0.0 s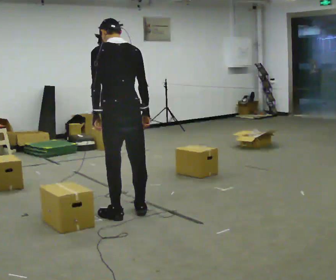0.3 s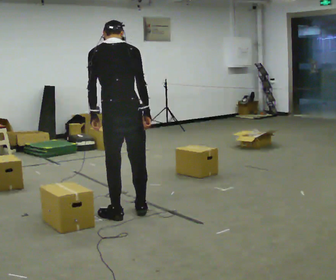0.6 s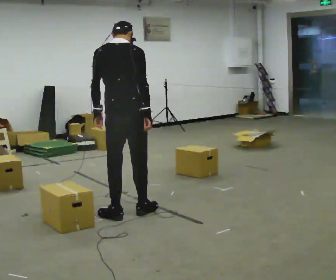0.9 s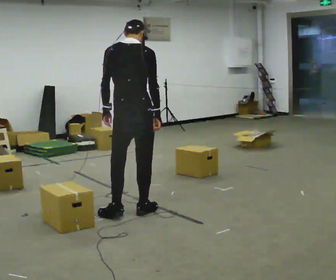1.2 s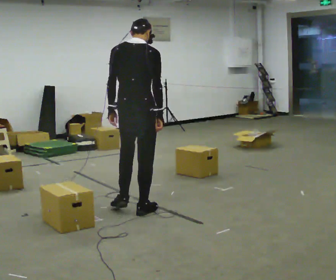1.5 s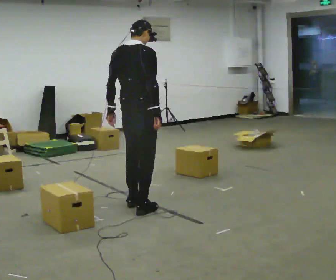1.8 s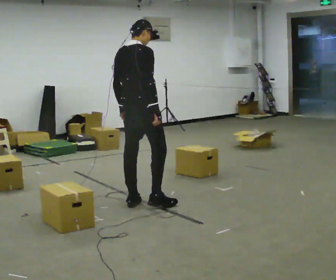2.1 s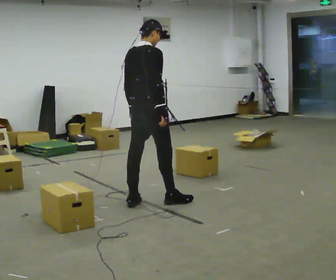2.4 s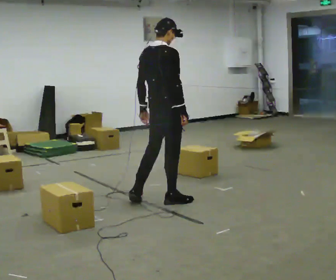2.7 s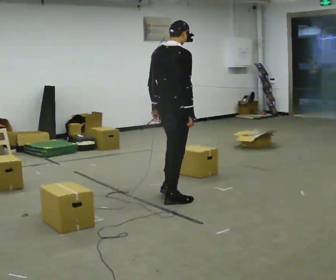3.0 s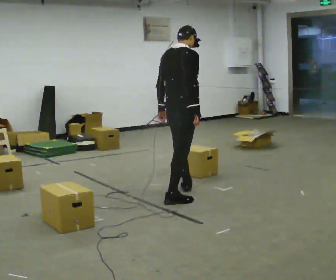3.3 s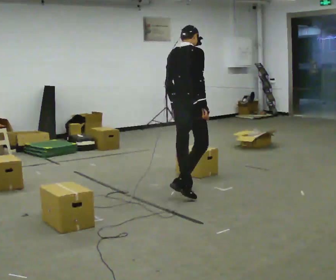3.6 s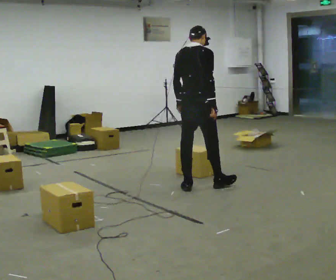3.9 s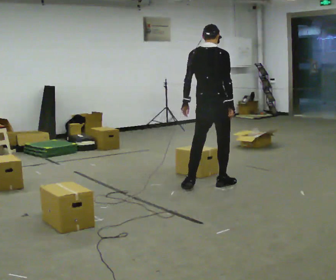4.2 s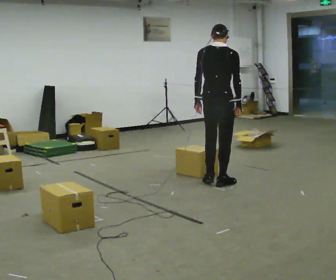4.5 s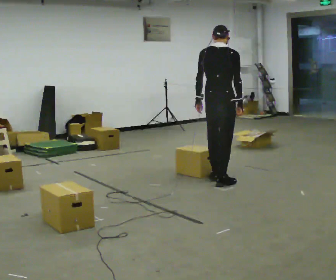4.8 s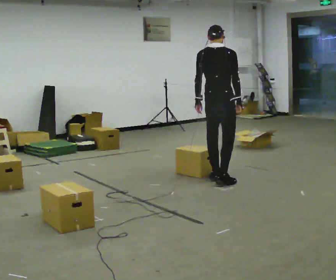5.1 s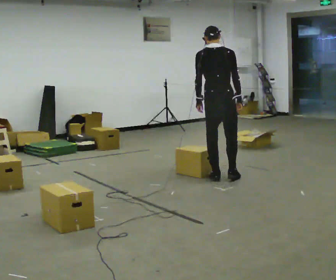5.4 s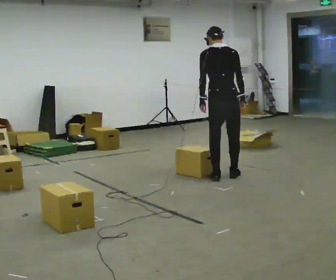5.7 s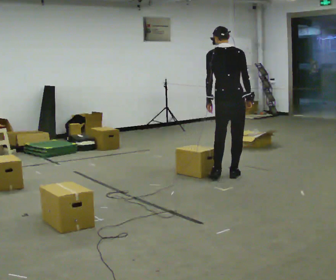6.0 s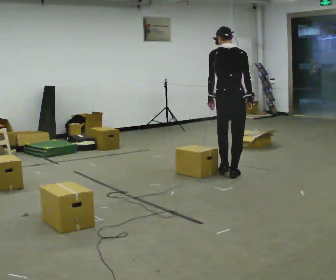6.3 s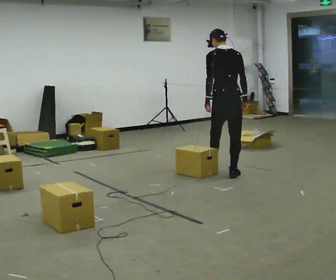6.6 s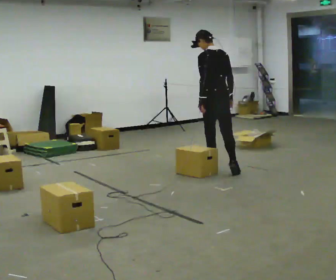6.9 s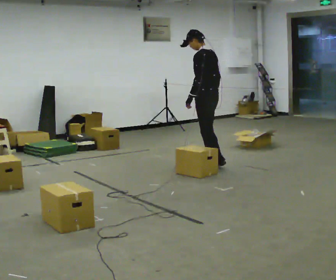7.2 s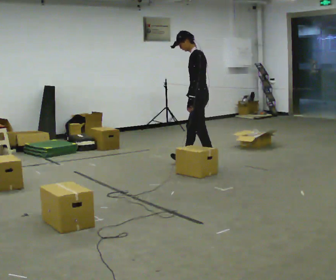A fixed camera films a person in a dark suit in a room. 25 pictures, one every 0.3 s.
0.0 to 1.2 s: The part of the body nearest the lens slides to the left as the person turns to their right by about 30 degrees.
1.2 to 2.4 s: The person turns about 30 degrees to their right, clockwise seen from above, so the part of the body nearest the lens slides to the left. In the picture they go away from the camera and to the right, about 0.25 m in 2 steps, which for them is forward.
2.4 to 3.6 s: In the picture they go away from the camera and to the right, about 0.5 m in 1 step, which for them is forward.
3.6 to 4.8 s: In the picture they go away from the camera and to the right, about 0.5 m in 2 steps, which for them is forward.
4.8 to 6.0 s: In the picture they go away from the camera and to the right, about 0.25 m in 1 step, which for them is forward and to their right.
6.0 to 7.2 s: The person turns about 75 degrees to their left, counterclockwise seen from above, so the part of the body nearest the lens slides to the right. In the picture they go away from the camera and to the left, about 0.5 m in 1 step.
The film runs forward here.
